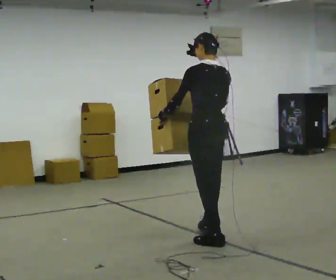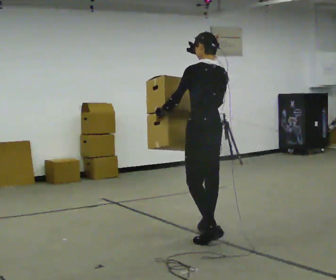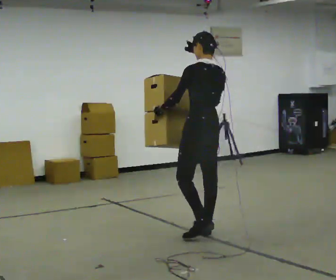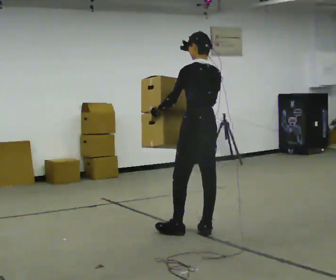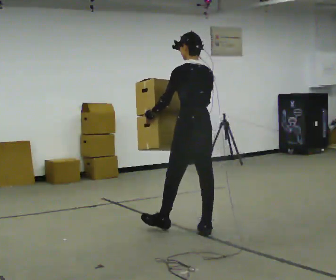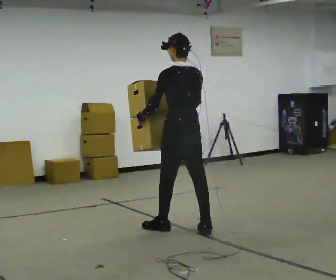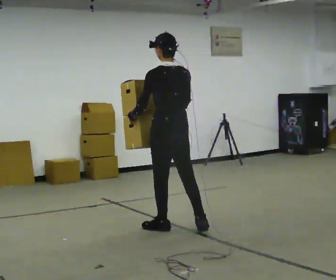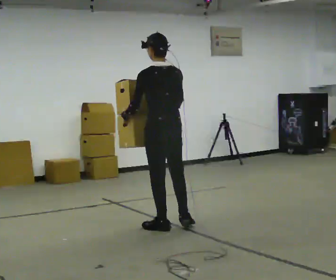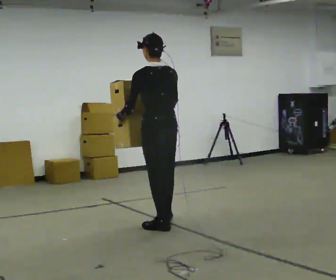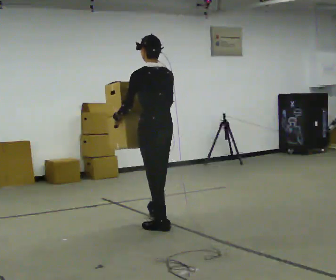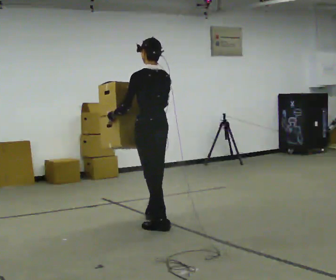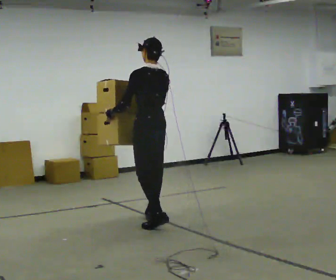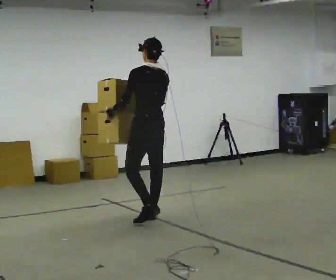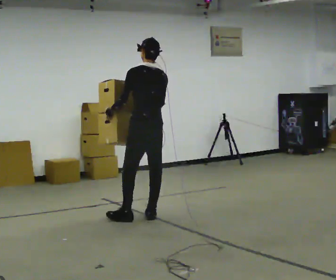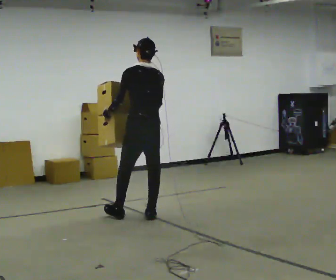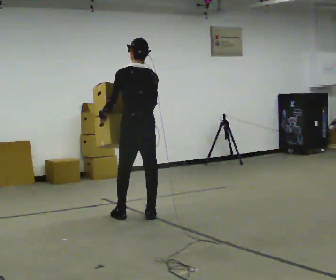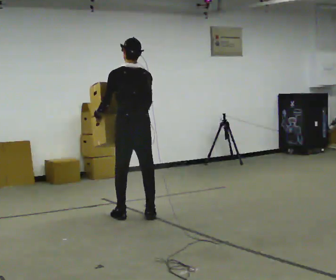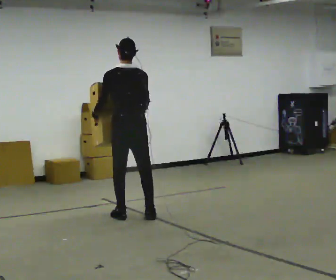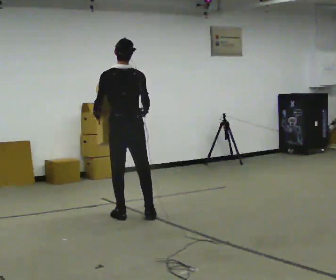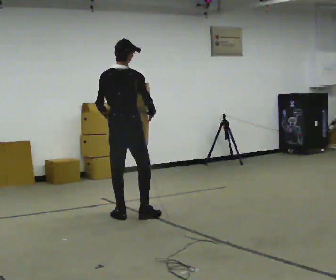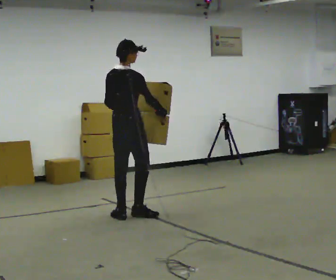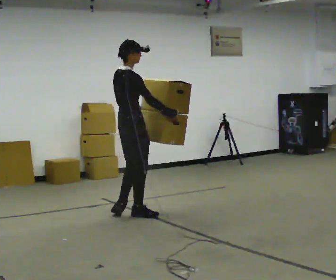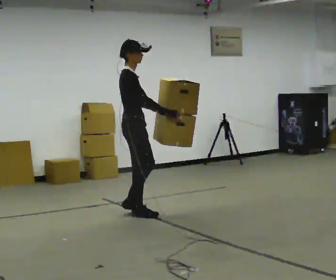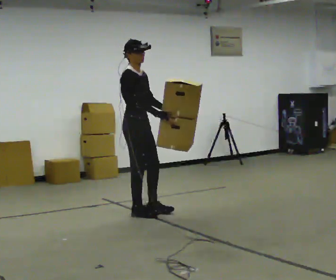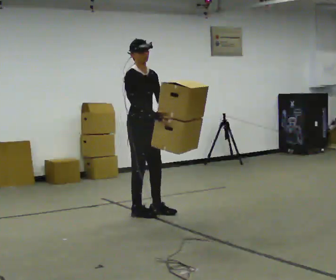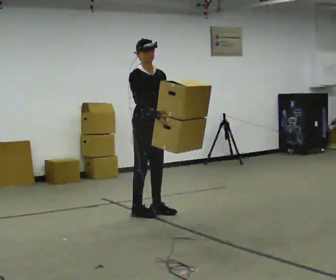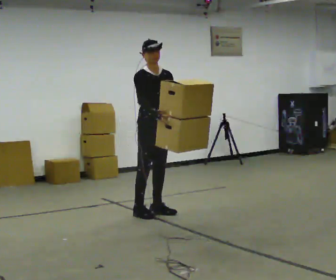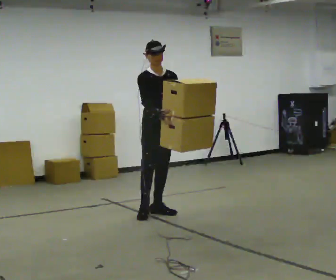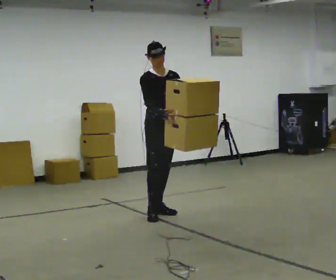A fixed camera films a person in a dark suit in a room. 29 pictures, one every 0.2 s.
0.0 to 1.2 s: In the picture they go away from the camera and to the left, about 0.5 m in 1 step, which for them is forward.
1.2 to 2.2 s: In the picture they go away from the camera and to the left, about 0.5 m in 1 step, which for them is forward.
2.2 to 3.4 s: The part of the body nearest the lens slides to the left as the person turns to their right by about 30 degrees. In the picture they go to the left, about 0.25 m in 1 step, which for them is forward and to their left.
3.4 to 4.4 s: The person turns about 105 degrees to their right, clockwise seen from above, so the part of the body nearest the lens slides to the left.
4.4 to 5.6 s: The part of the body nearest the lens slides to the left as the person turns to their right by about 60 degrees. In the picture they go to the right, about 0.25 m in 1 step.
The film runs forward here.
